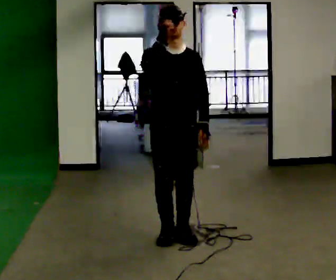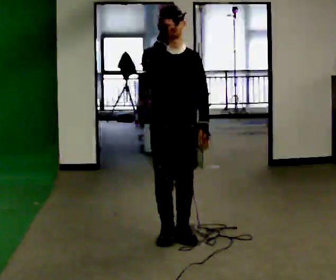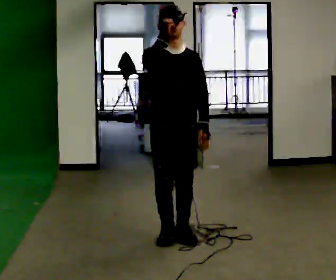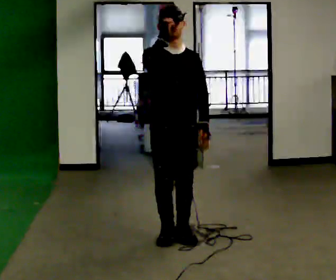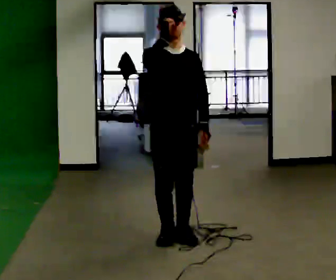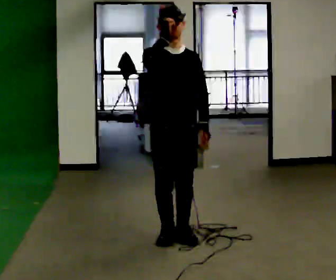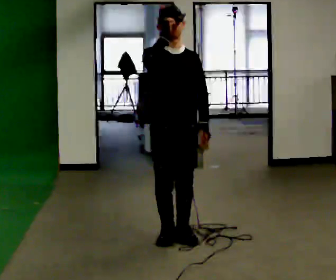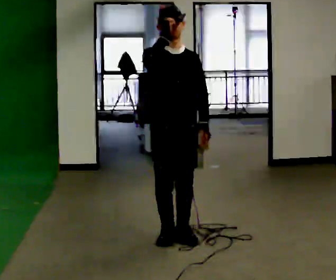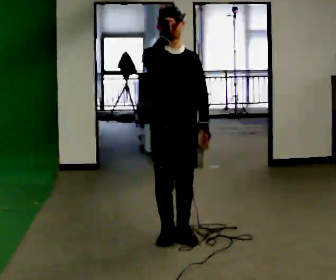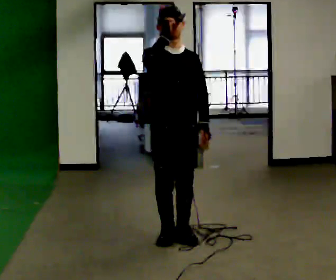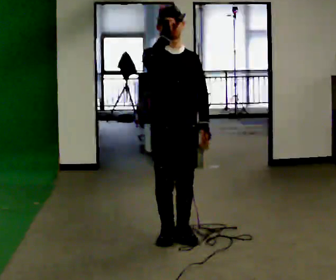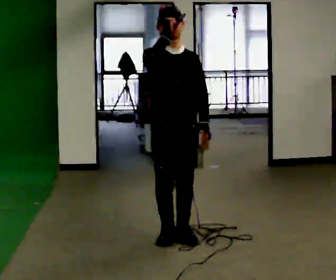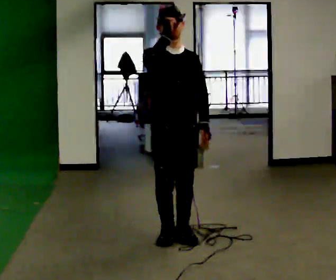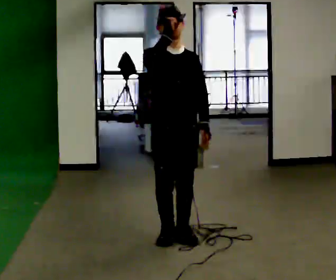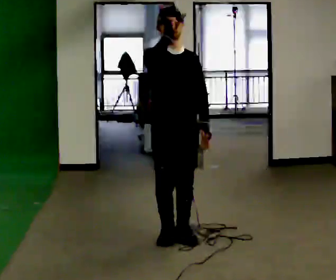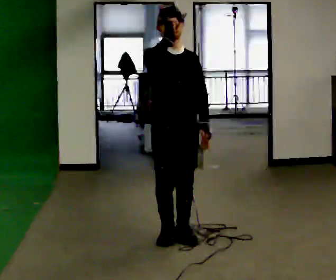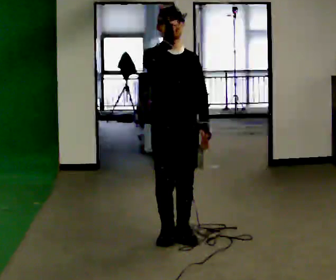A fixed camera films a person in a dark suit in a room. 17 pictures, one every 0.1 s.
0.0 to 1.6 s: The person moves a little, or ends about where they began.
The film runs forward here.
